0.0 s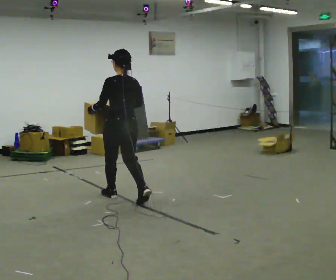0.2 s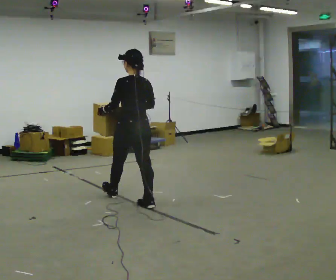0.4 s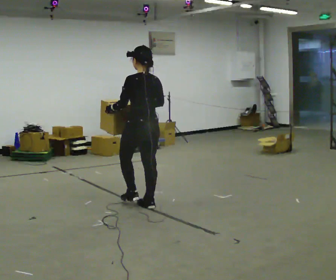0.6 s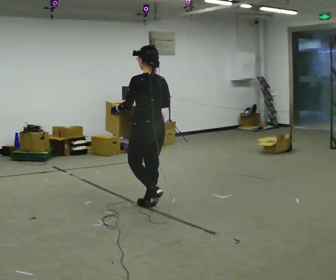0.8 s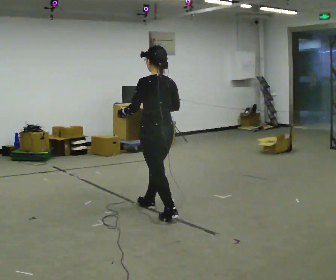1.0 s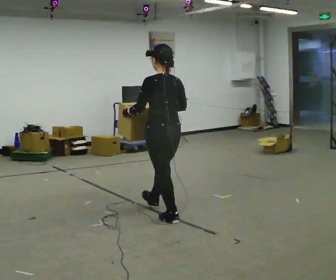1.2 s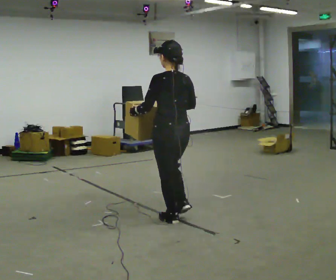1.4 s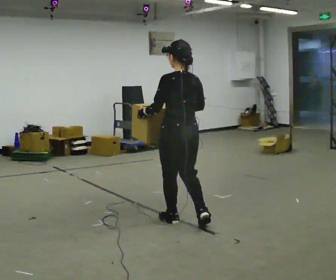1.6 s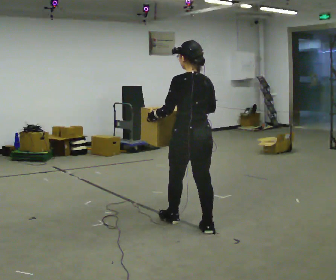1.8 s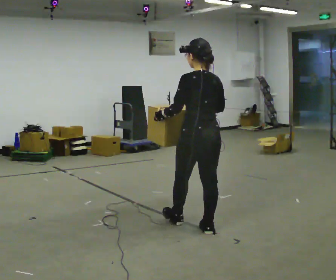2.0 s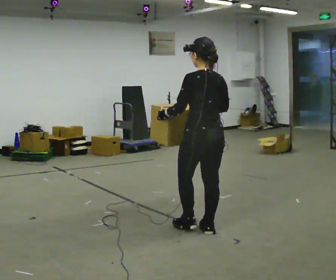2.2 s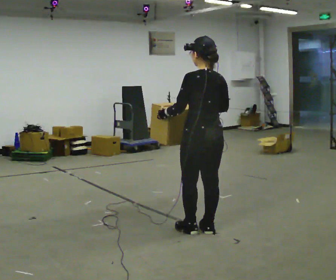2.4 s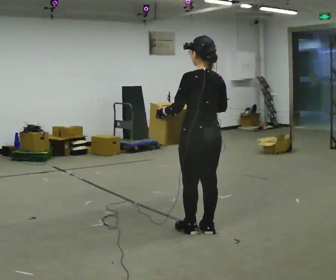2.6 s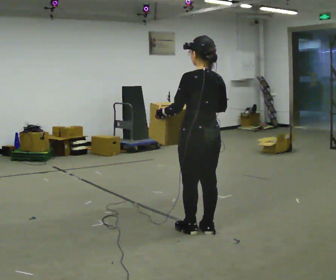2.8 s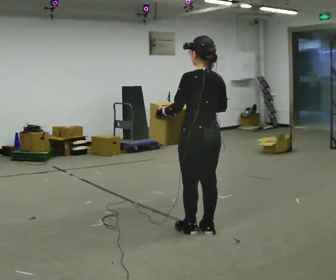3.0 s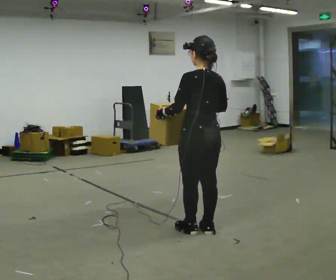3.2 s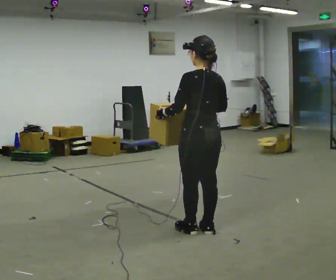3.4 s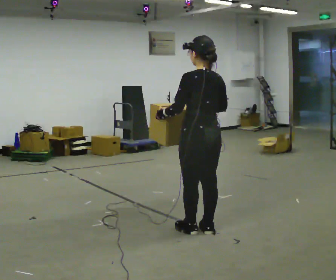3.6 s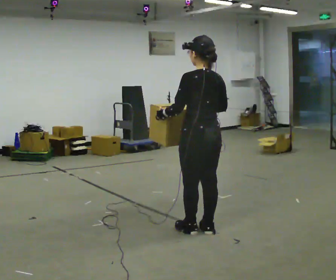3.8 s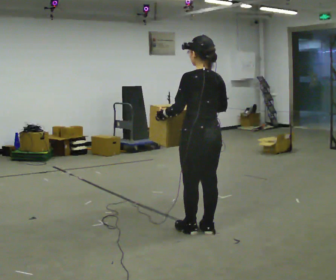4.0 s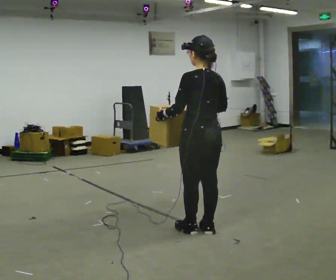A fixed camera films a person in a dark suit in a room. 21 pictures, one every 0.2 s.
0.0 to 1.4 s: In the picture they go to the right and toward the camera, about 1 m in 2 steps, which for them is backward.
1.4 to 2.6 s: In the picture they go to the right and toward the camera, about 0.25 m in 1 step, which for them is backward.
2.6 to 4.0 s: The person keeps their place and pose.
The film runs backward here.
